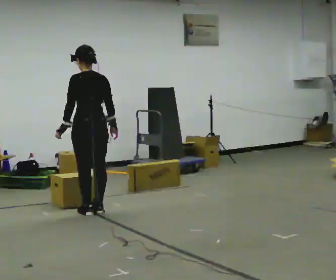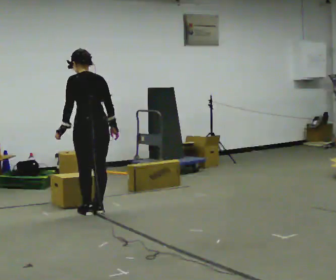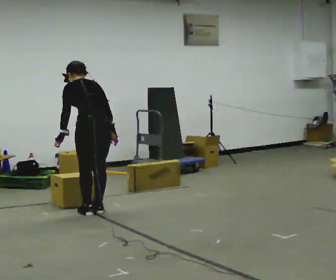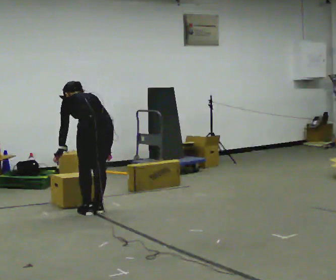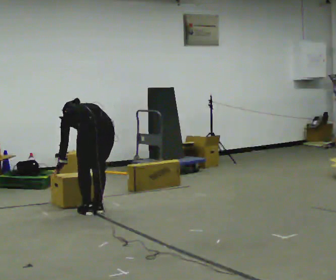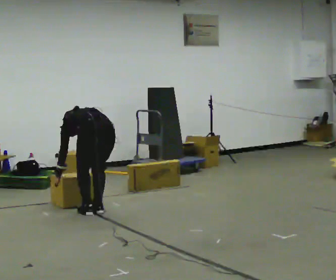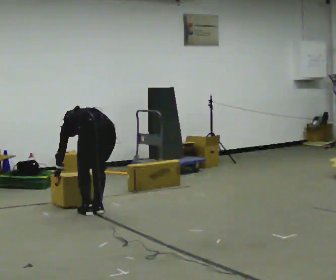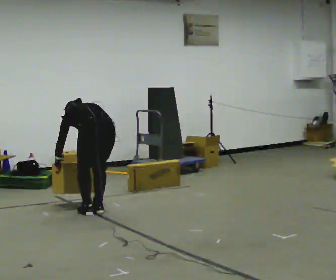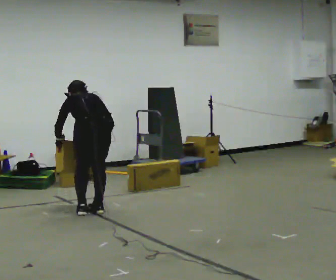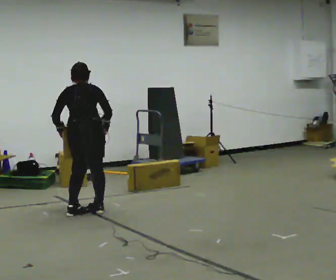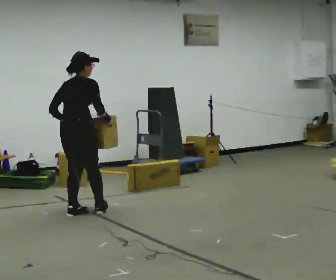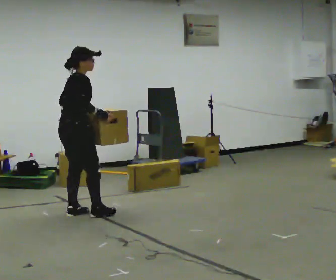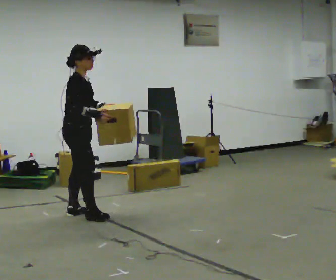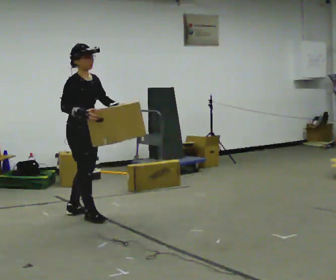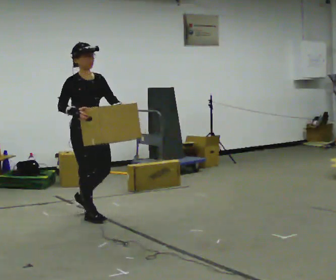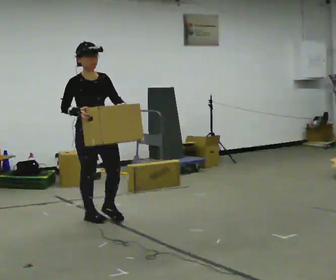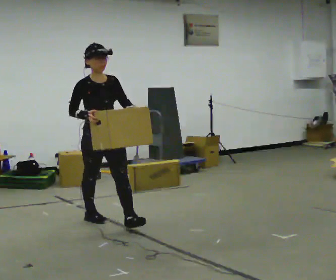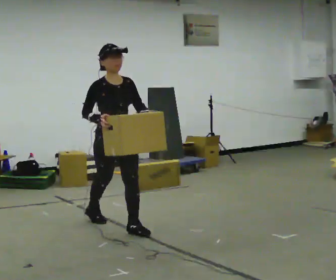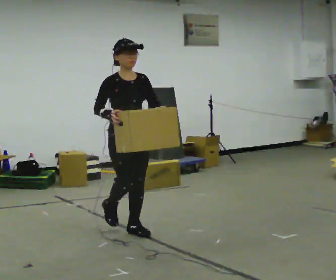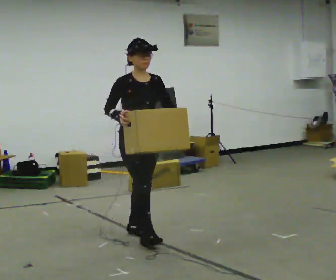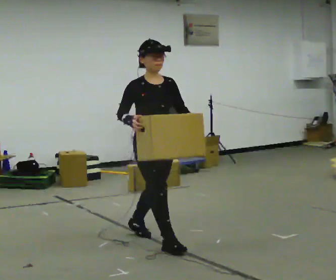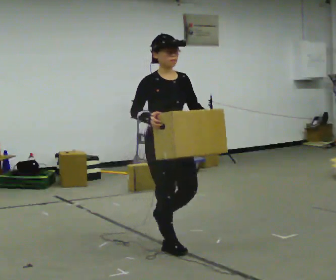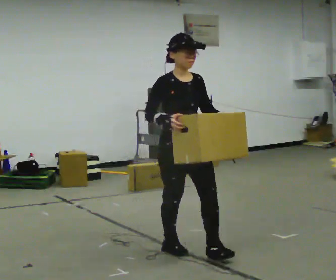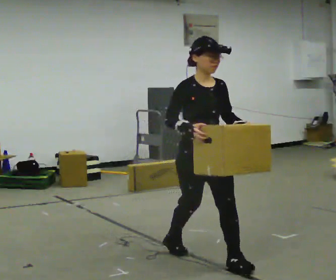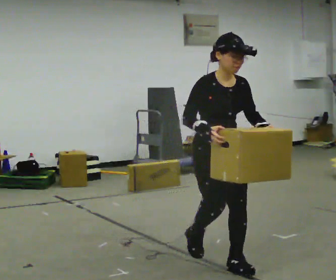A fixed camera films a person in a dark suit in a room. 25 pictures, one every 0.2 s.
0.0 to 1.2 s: The shoulders move downward. The upper body tips away from the camera, its near side rolling upward, as they bend forward. In the picture their right hand goes downward.
1.2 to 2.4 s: The part of the body nearest the lens slides to the left as the person turns to their right by about 120 degrees. In the picture they go to the left, about 0.25 m in 2 steps. The shoulders move upward. The upper body tips toward the camera, its near side rolling downward, as they lean back or straighten. In the picture their left hand goes upward and to the right.
2.4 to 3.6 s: Seen from above the body turns clockwise, about 60 degrees: to their right, with its near side sliding to the left. In the picture they go toward the camera and to the right, about 1 m in 1 step, which for them is forward.
3.6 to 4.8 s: In the picture they go toward the camera and to the right, about 1 m in 2 steps, which for them is forward.
The film runs forward here.
